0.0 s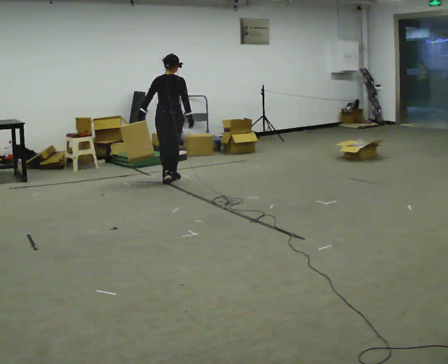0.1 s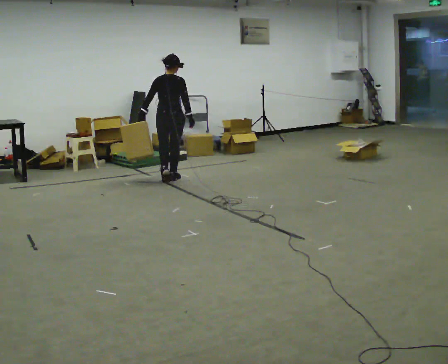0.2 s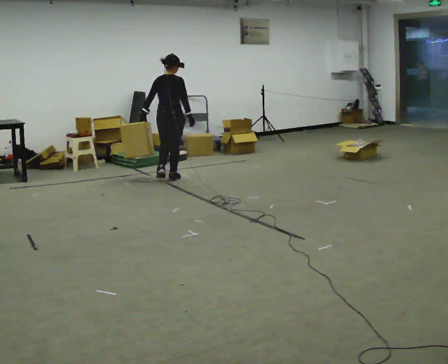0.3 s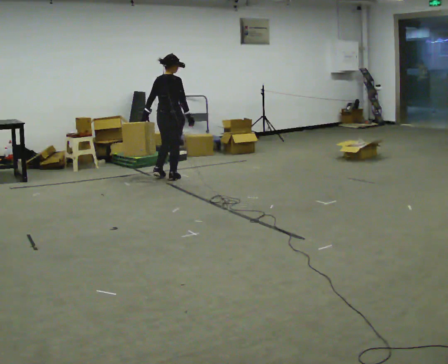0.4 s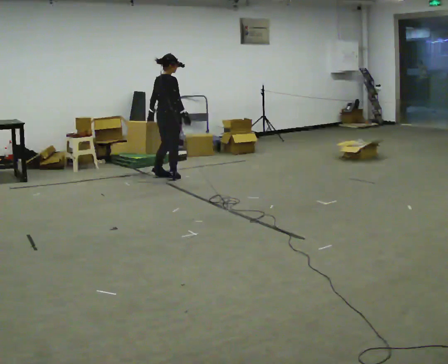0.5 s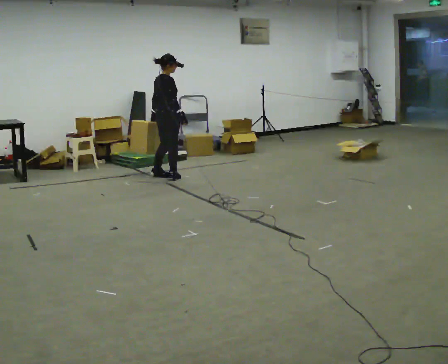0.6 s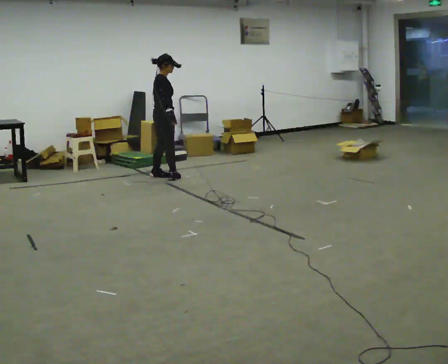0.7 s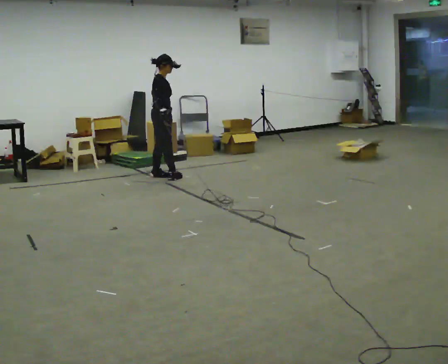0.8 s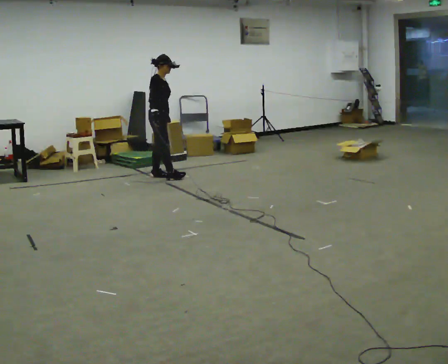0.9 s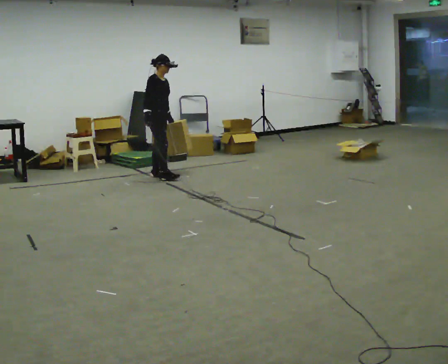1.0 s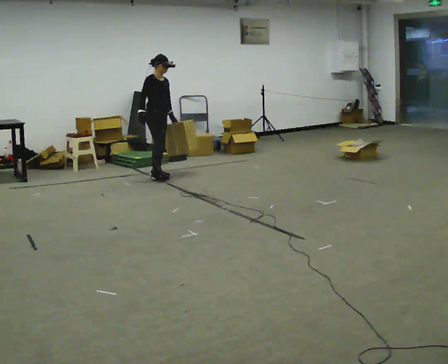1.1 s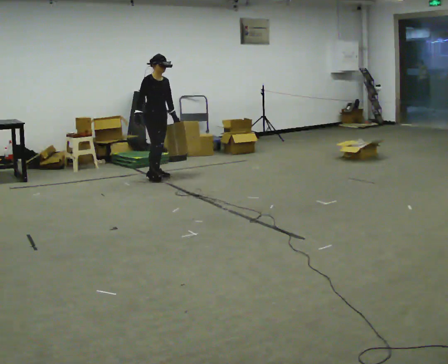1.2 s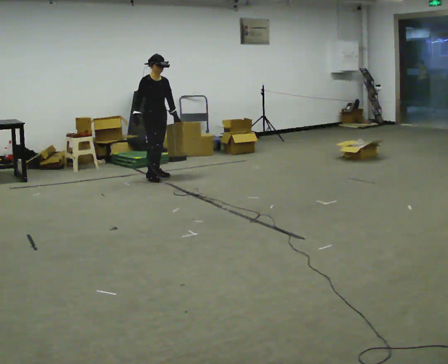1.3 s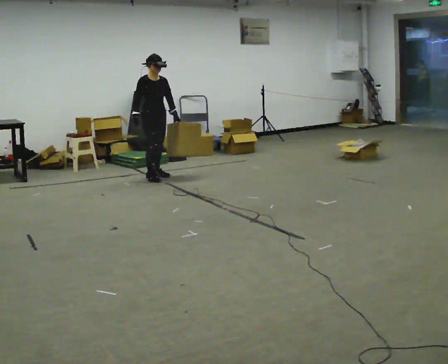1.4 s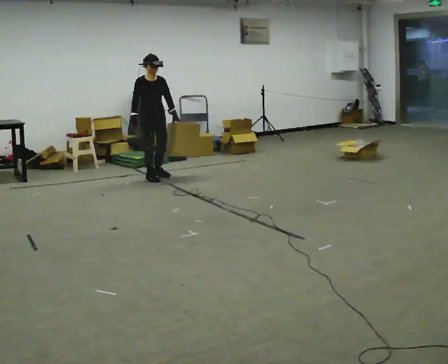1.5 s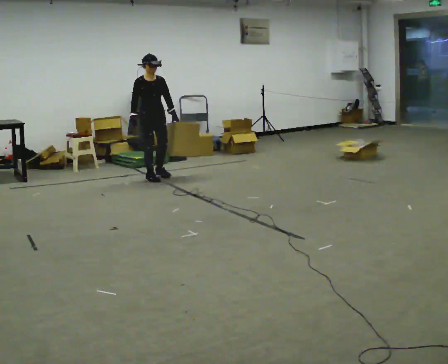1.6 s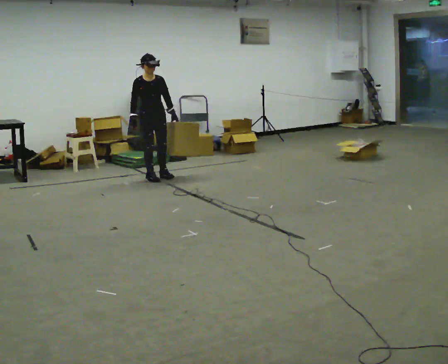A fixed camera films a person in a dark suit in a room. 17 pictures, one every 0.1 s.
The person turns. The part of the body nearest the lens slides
to the left.
The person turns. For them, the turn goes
to their right.
0.0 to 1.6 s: The part of the body nearest the lens slides to the left as the person turns to their right by about 150 degrees. In the picture they go to the left, about 0.25 m in 2 steps. In the picture their left hand goes to the right, the arm swinging counterclockwise.
The film runs forward here.
